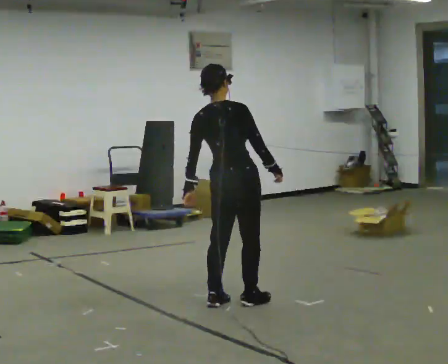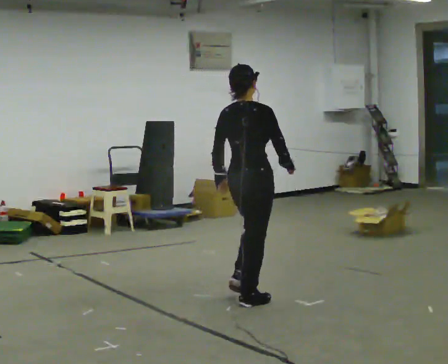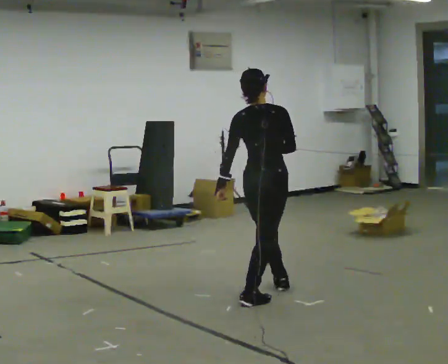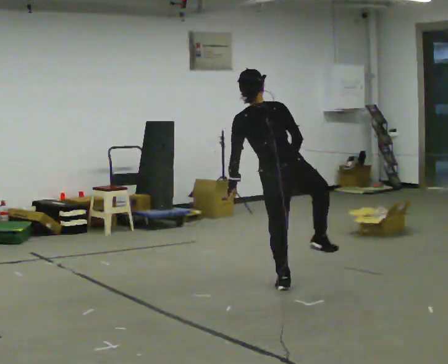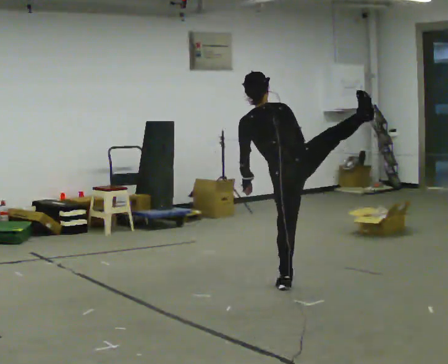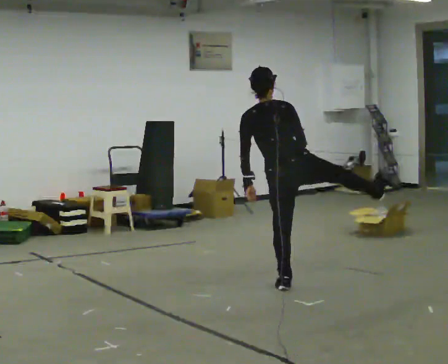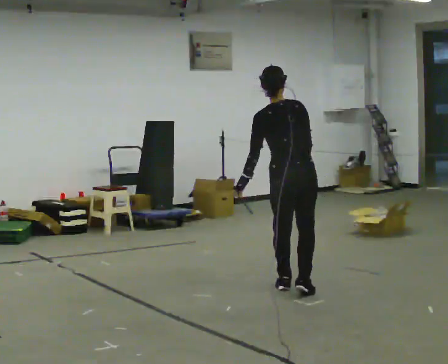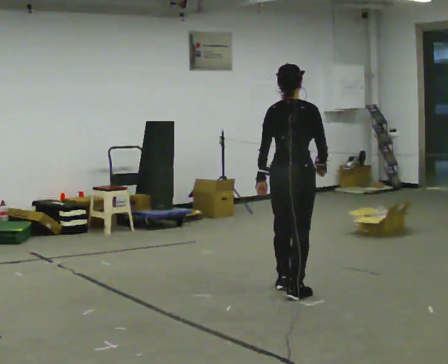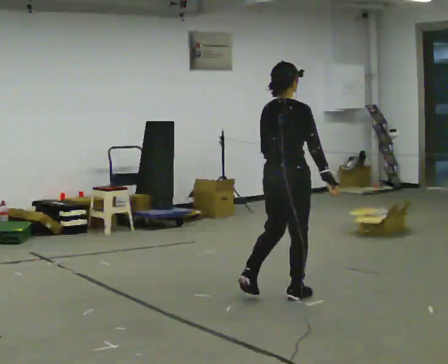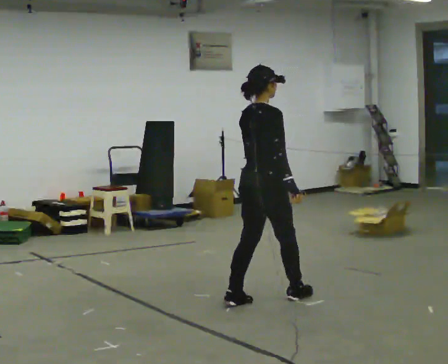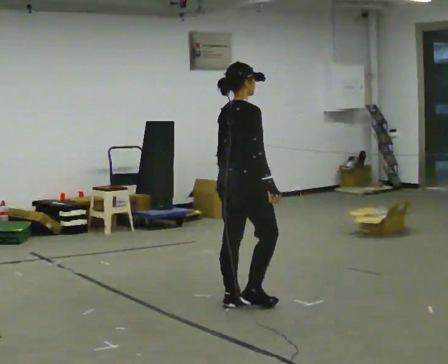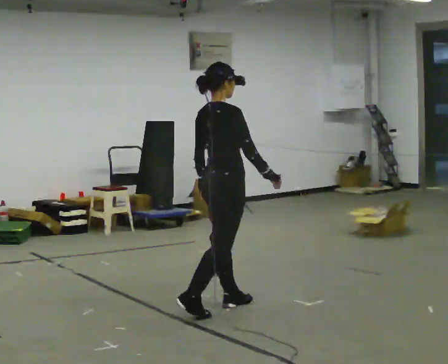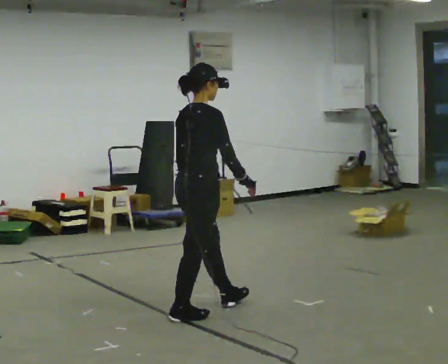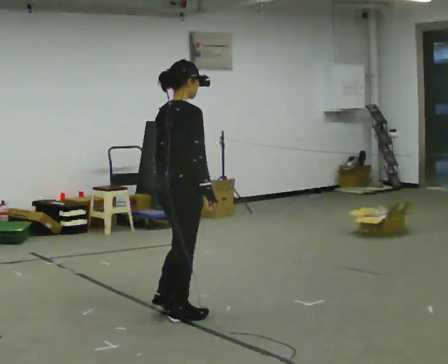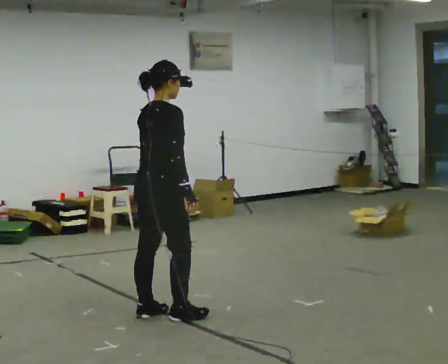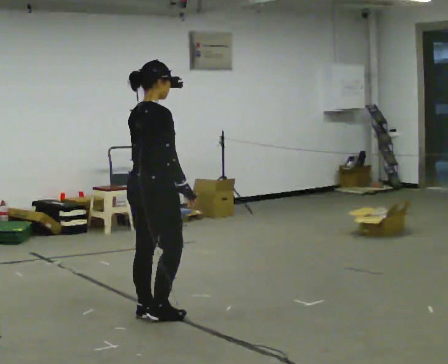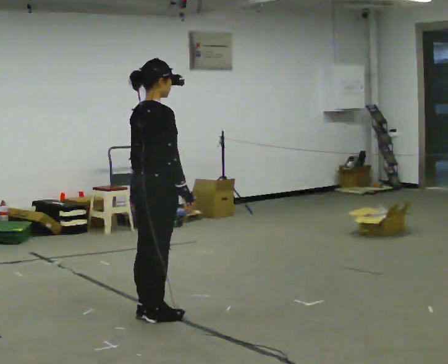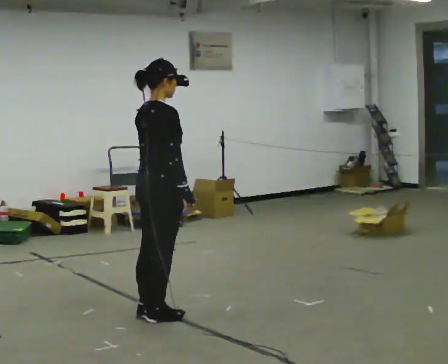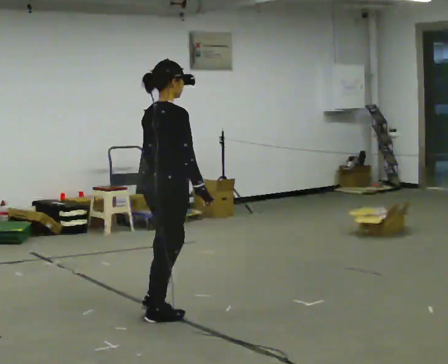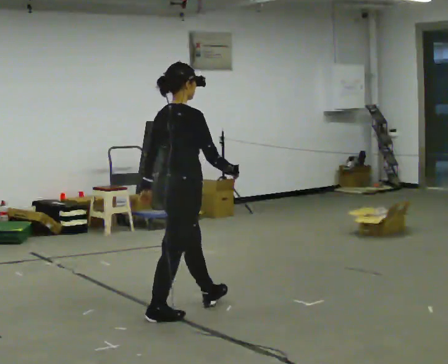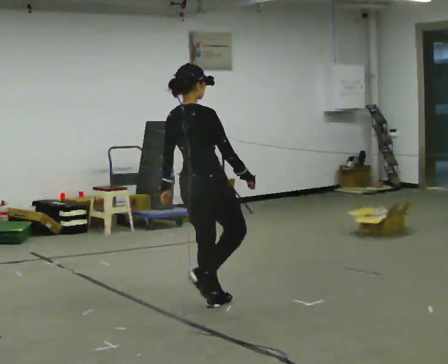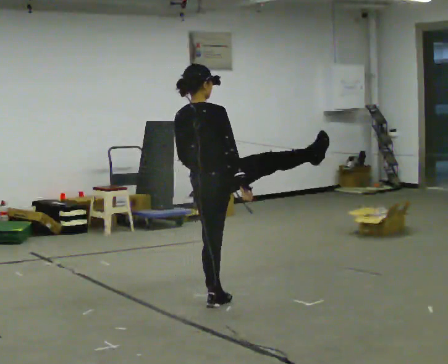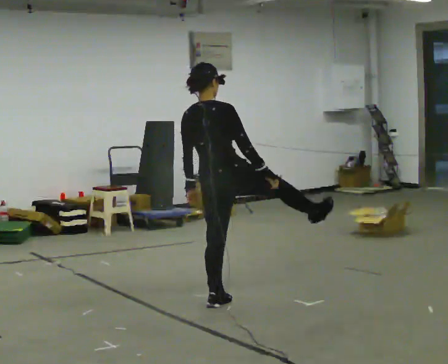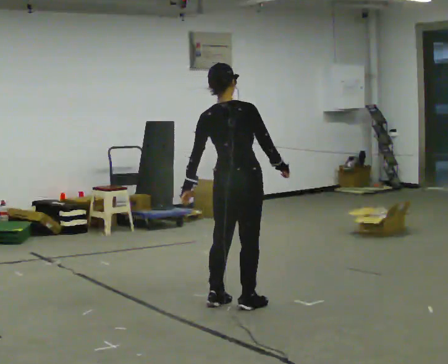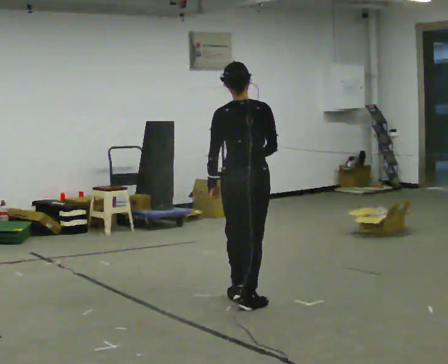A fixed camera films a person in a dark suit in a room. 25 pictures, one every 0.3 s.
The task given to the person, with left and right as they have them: Kick into the air with each leg in turn, front kicks and side kicks, at a comfortable height. Repeat the movement at your own pace until the operator says stop; do not rush.
0.0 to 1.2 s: The part of the body nearest the lens slides to the right as the person turns to their left by about 30 degrees. In the picture they go to the right and away from the camera, about 0.5 m in 3 steps, which for them is forward and to their right.
1.2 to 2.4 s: The part of the body nearest the lens slides to the left as the person turns to their right by about 45 degrees. In the picture they go toward the camera, about 0.25 m in 1 step, which for them is backward. In the picture the upper body tilts clockwise, shoulders to the right.
2.4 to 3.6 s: In the picture they go to the left and toward the camera, about 0.5 m in 2 steps, which for them is backward.
3.6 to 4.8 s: In the picture they go to the left, about 0.25 m in 2 steps, which for them is backward. In the picture their right hand goes to the left.
4.8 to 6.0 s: In the picture they go to the right and away from the camera, about 0.25 m in 1 step, which for them is forward.
6.0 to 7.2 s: The part of the body nearest the lens slides to the right as the person turns to their left by about 30 degrees. In the picture they go to the right, about 0.25 m in 2 steps, which for them is forward and to their right.
The film runs forward here.
